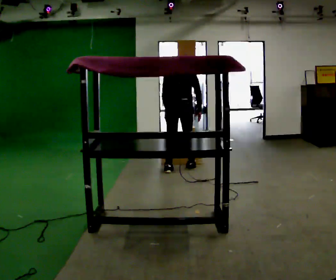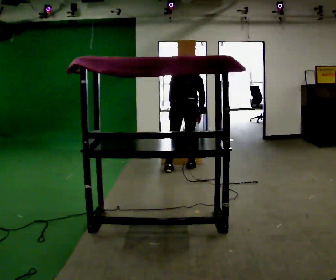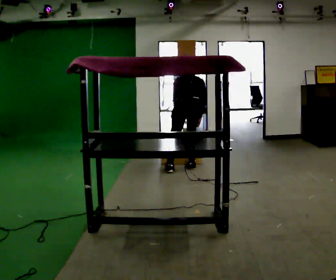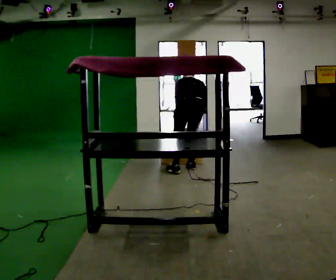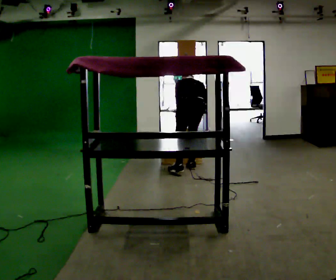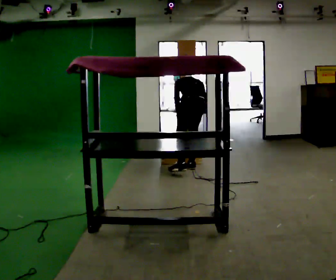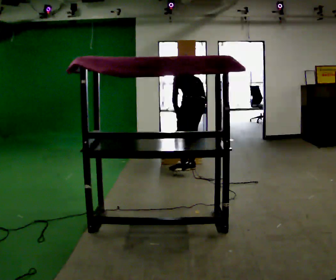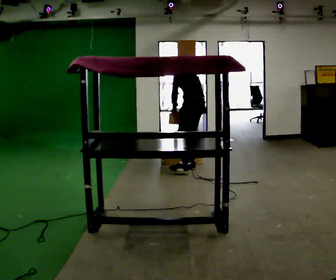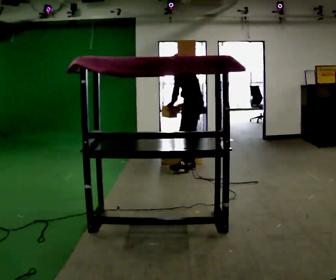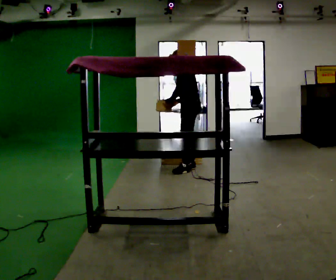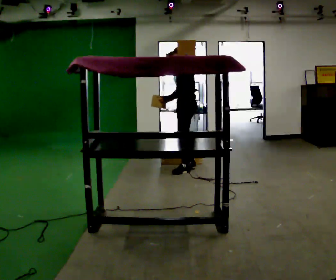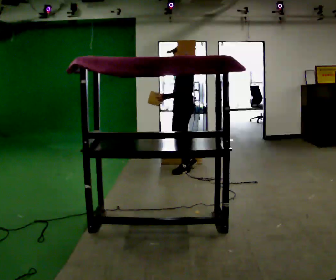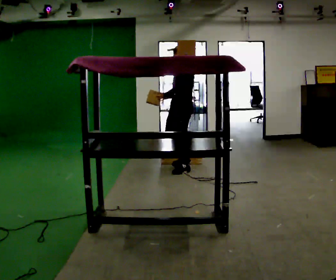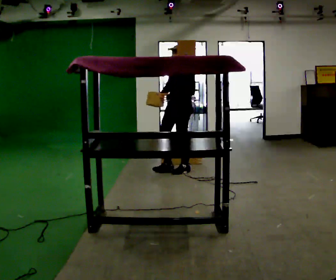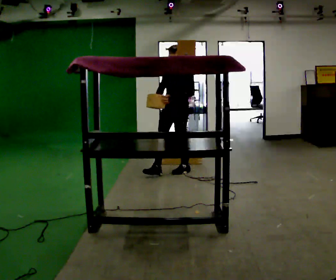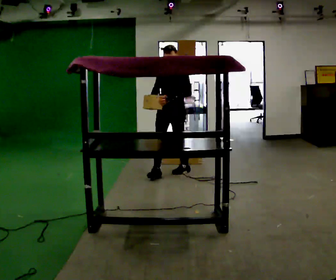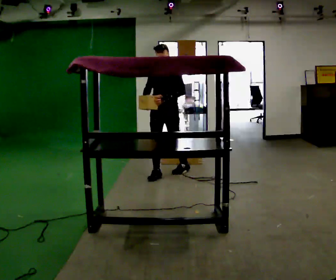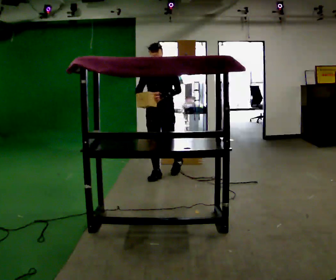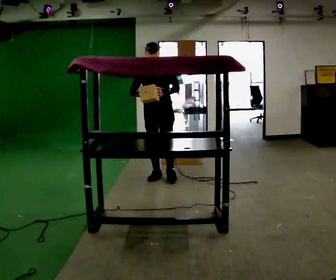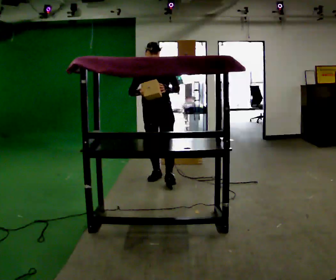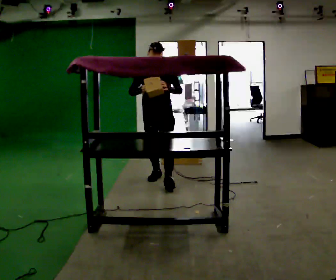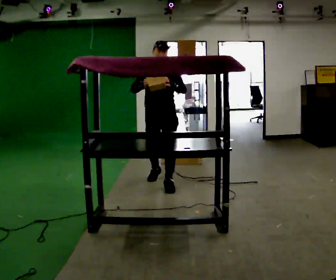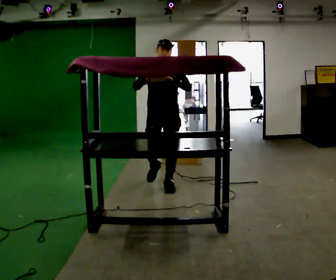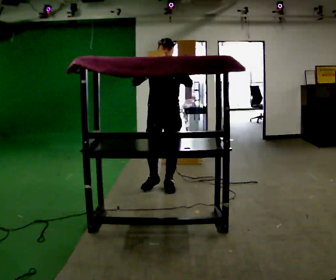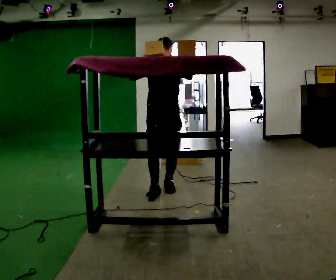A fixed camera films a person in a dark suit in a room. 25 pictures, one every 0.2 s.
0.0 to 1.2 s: Seen from above the body turns counterclockwise, about 45 degrees: to their left, with its near side sliding to the right. In the picture they go to the right, about 0.25 m in 1 step, which for them is to their right.
1.2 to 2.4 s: Seen from above the body turns counterclockwise, about 75 degrees: to their left, with its near side sliding to the right. In the picture they go to the left, about 0.25 m in 1 step. The upper body tips toward the camera, its near side rolling downward, as they lean back or straighten. In the picture their right hand goes to the left and upward, the arm swinging clockwise.
2.4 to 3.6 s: Seen from above the body turns counterclockwise, about 60 degrees: to their left, with its near side sliding to the right. In the picture they go to the left and toward the camera, about 0.5 m in 1 step, which for them is forward.
3.6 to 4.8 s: In the picture they go toward the camera, about 0.5 m in 1 step, which for them is forward. In the picture their right hand goes upward.
The film runs forward here.
